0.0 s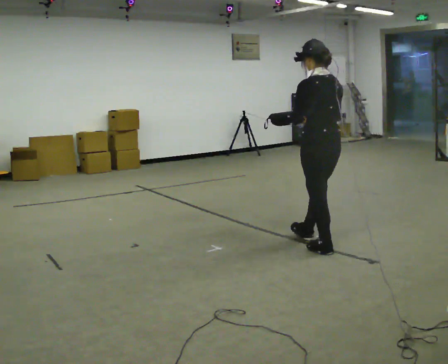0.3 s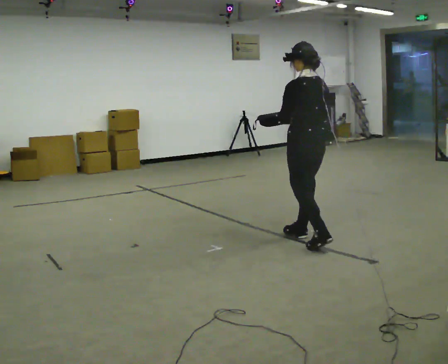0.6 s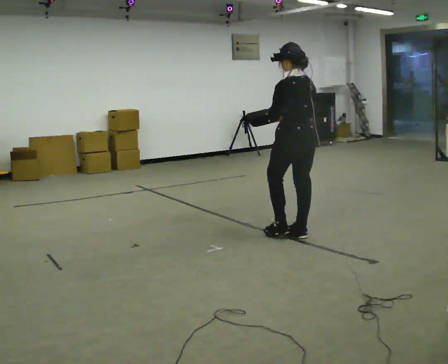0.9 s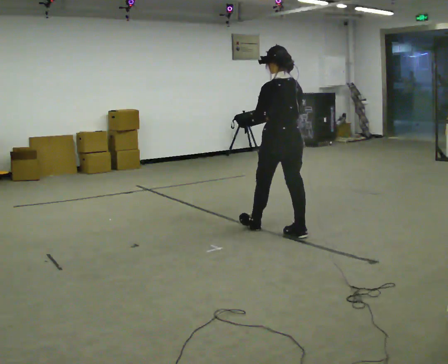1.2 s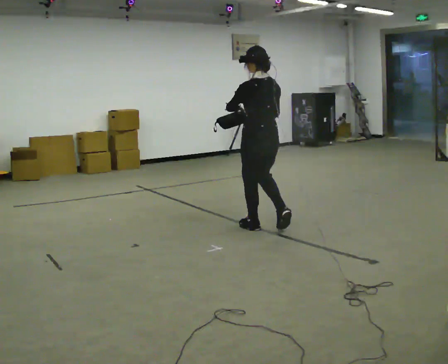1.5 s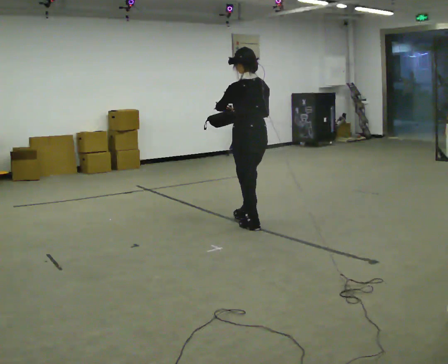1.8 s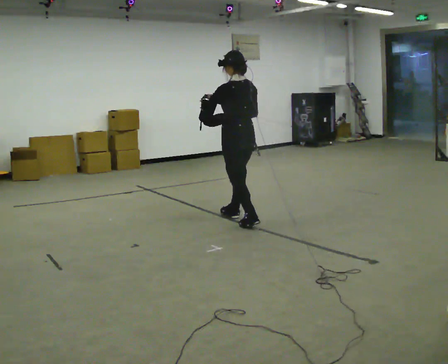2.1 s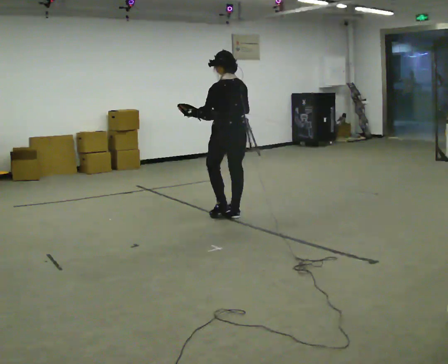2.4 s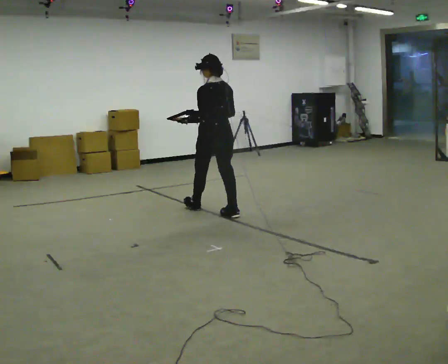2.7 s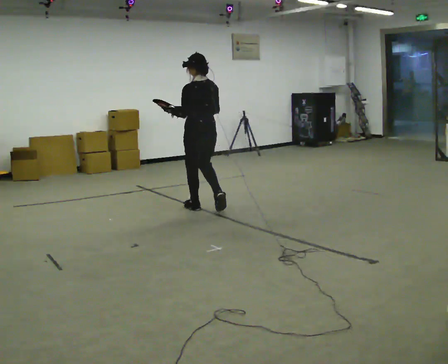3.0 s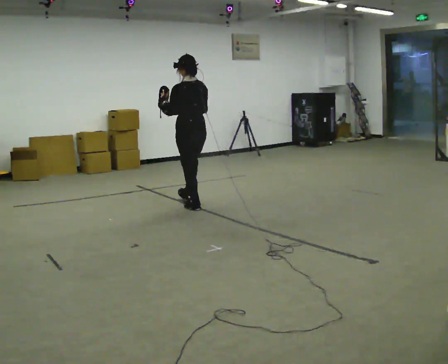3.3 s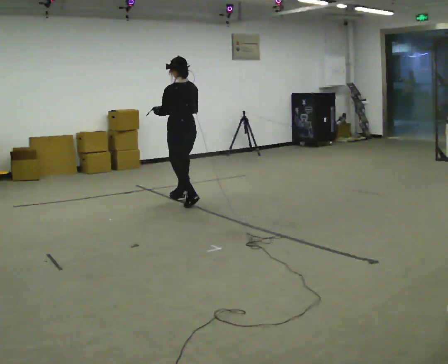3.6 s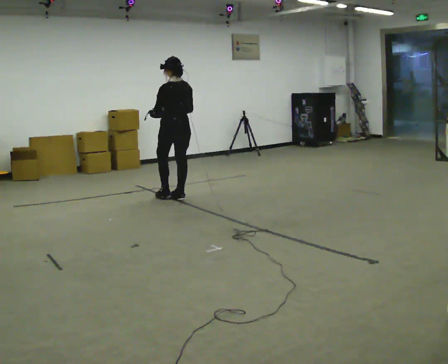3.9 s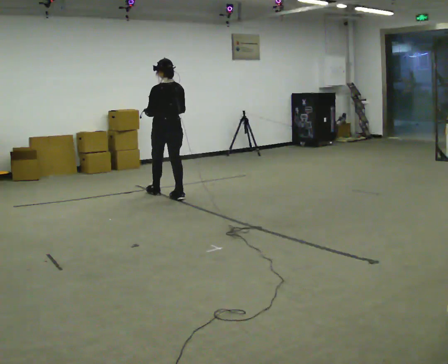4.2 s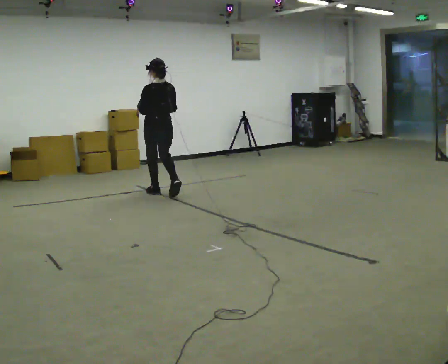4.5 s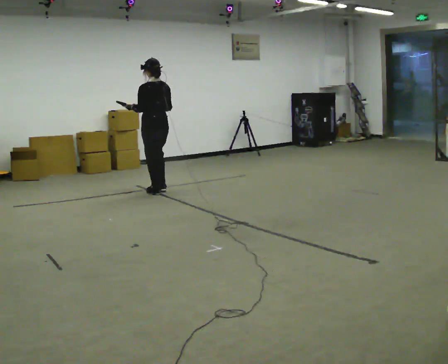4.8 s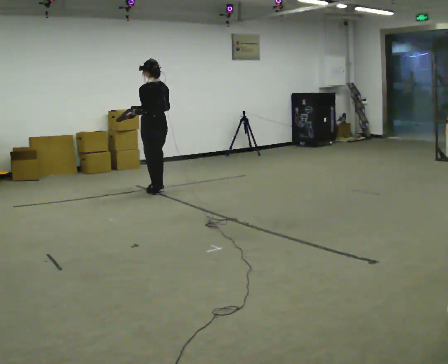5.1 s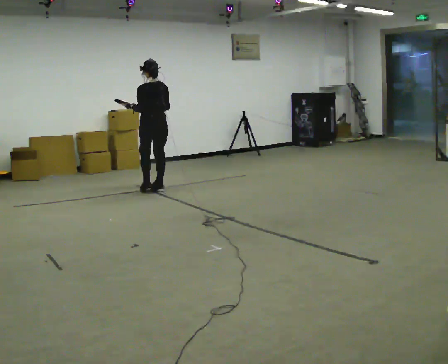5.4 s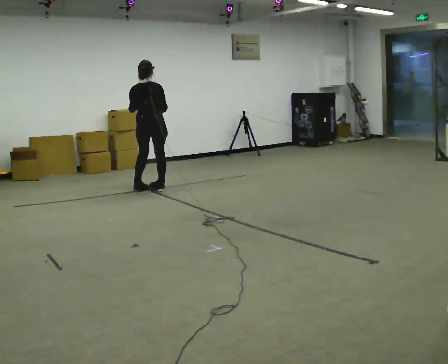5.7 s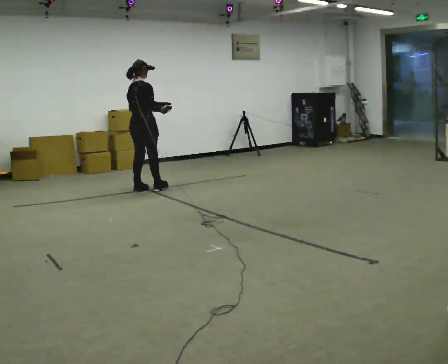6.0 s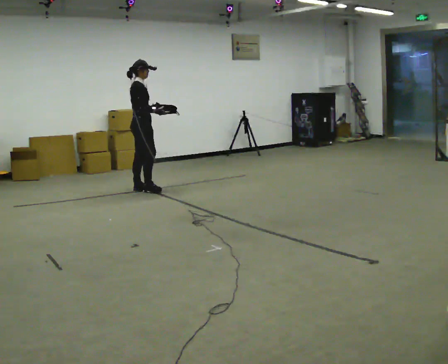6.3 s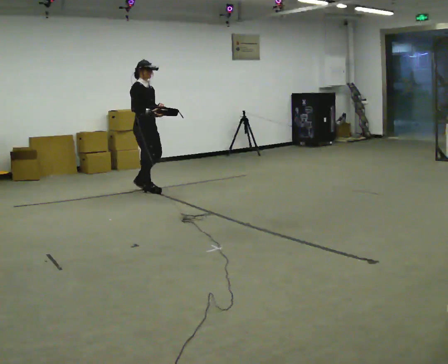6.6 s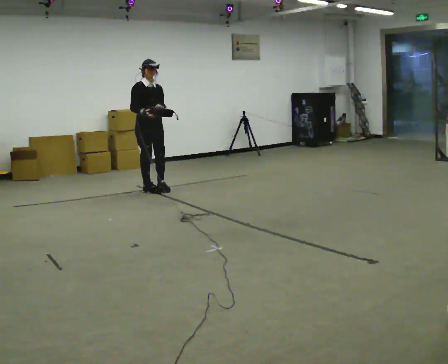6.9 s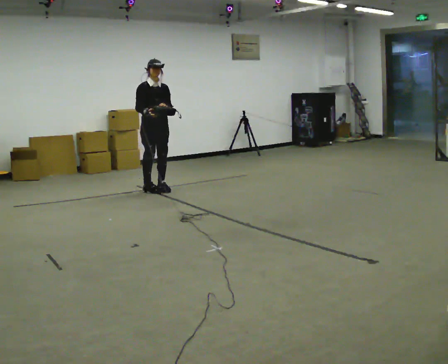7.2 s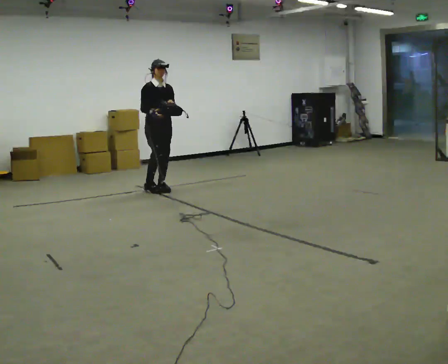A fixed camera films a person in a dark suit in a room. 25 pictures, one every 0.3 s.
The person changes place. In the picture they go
away from the camera.
0.0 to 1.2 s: In the picture they go away from the camera and to the left, about 0.5 m in 2 steps, which for them is forward.
1.2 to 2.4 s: In the picture they go away from the camera and to the left, about 0.5 m in 2 steps, which for them is forward.
2.4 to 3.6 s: In the picture they go away from the camera and to the left, about 1 m in 1 step, which for them is forward.
3.6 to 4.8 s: In the picture they go away from the camera and to the left, about 0.5 m in 2 steps, which for them is forward.
4.8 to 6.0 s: Seen from above the body turns clockwise, about 120 degrees: to their right, with its near side sliding to the left. In the picture they go to the left, about 0.25 m in 2 steps.
6.0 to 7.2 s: The person turns about 75 degrees to their right, clockwise seen from above, so the part of the body nearest the lens slides to the left. In the picture they go to the right, about 0.25 m in 1 step.
The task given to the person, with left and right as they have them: Carry the object across the room. The lid hangs loose and will swing, so carry it however works. Keep going until the operator says stop; one object at a time, and do not rush between trips.
The film runs forward here.
